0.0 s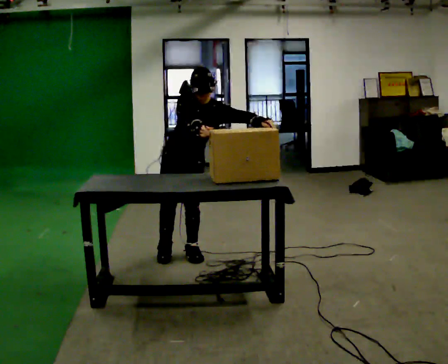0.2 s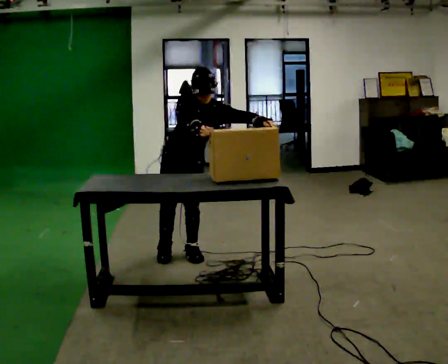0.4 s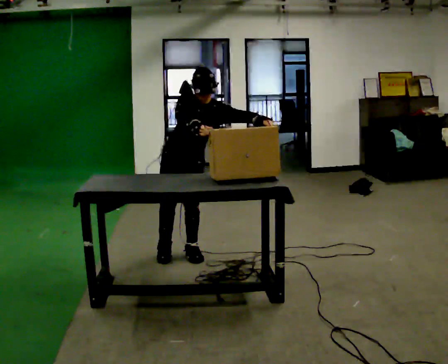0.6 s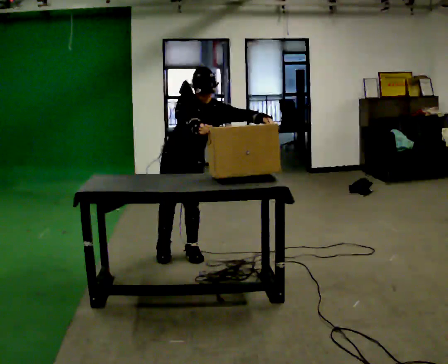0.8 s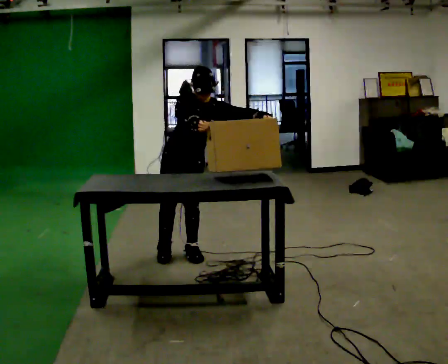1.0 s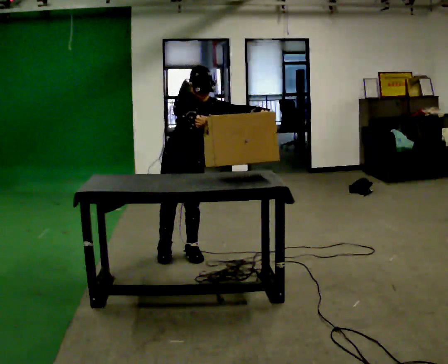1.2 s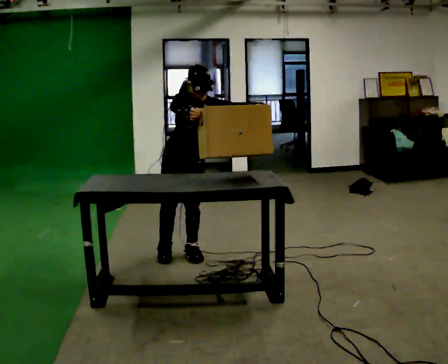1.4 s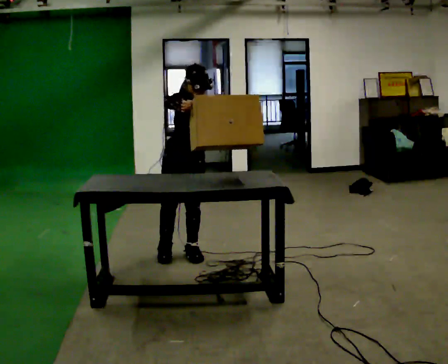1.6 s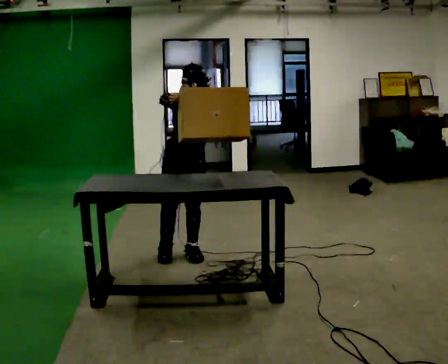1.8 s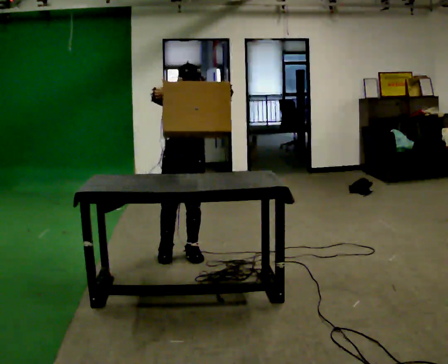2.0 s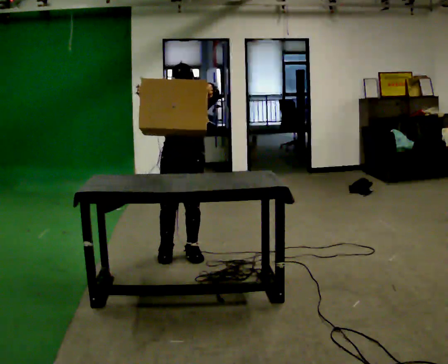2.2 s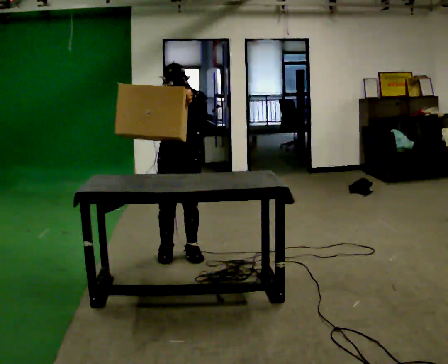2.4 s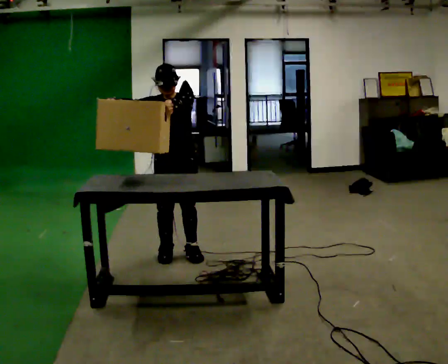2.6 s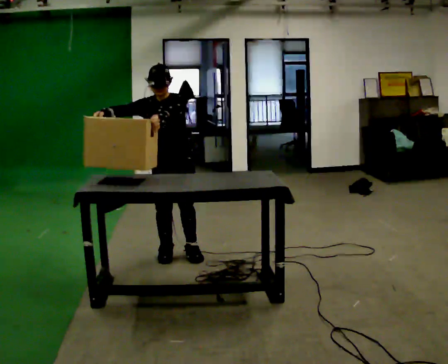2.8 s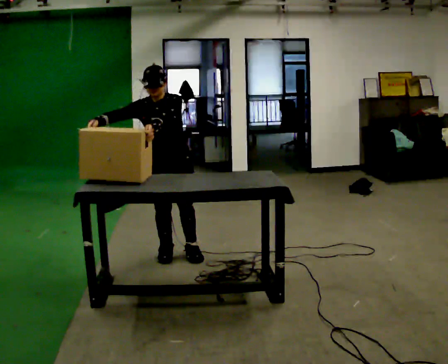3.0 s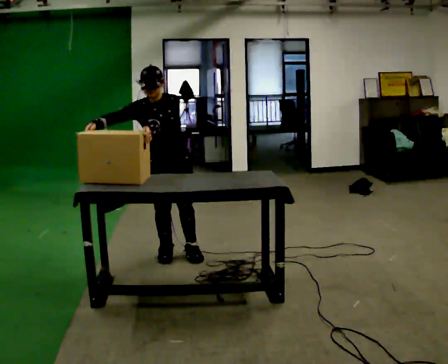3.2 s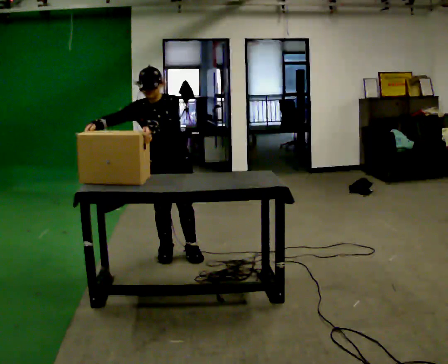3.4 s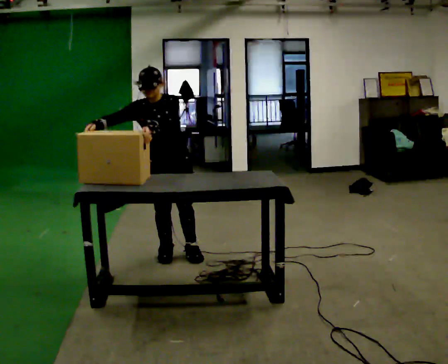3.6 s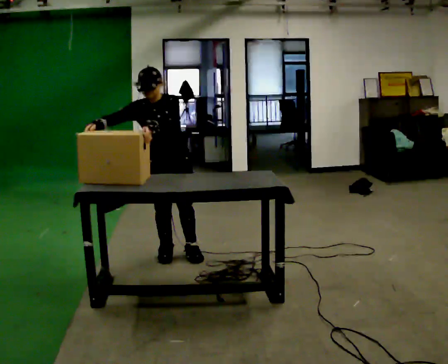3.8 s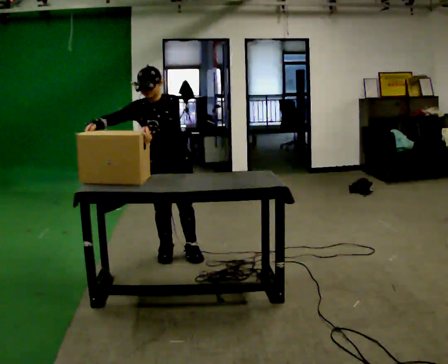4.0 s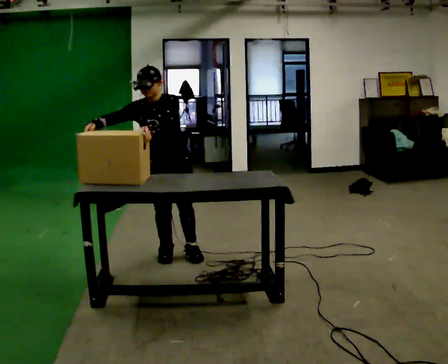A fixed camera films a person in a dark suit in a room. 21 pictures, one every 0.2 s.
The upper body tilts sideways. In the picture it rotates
counterclockwise.
0.0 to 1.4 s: The person moves a little, or ends about where they began.
1.4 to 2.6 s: In the picture the upper body tilts counterclockwise, shoulders to the left. In the picture their left hand goes to the left.
2.6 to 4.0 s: The person moves a little, or ends about where they began.
The film runs backward here.
